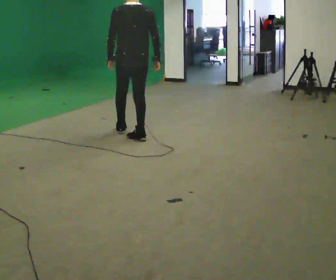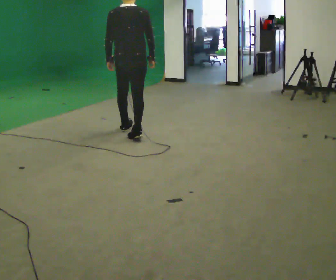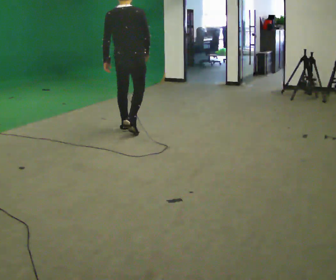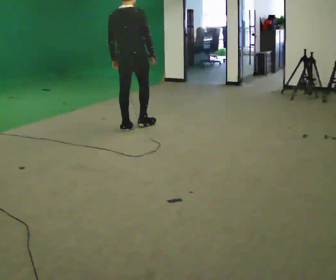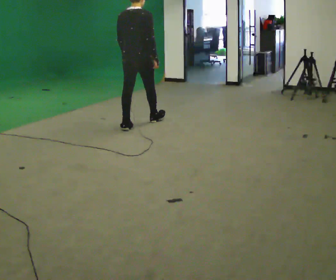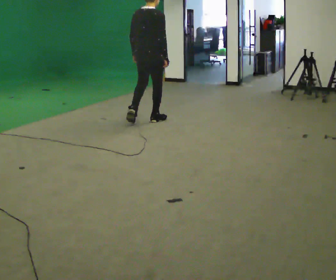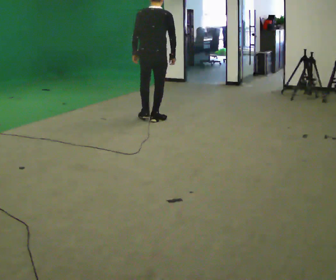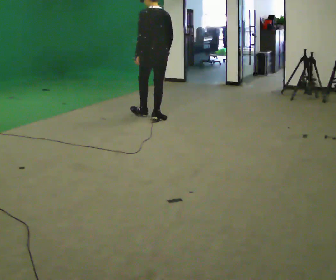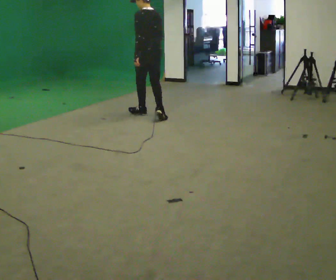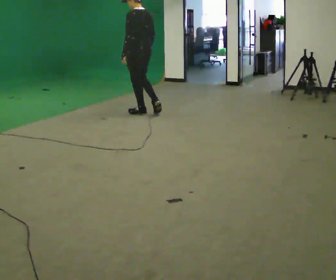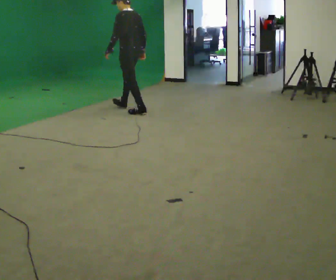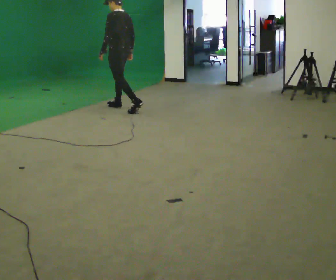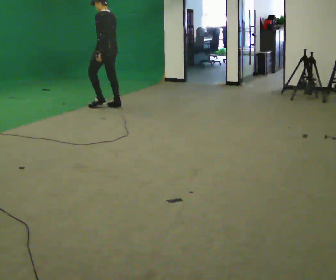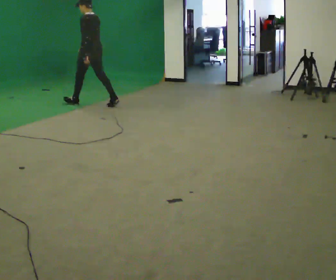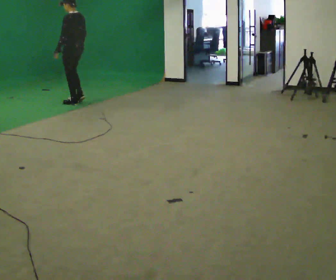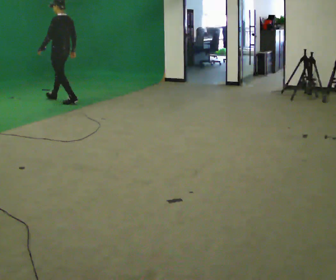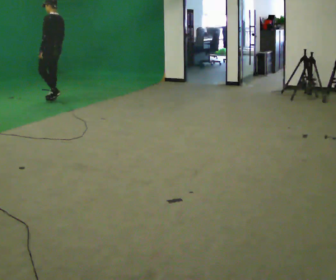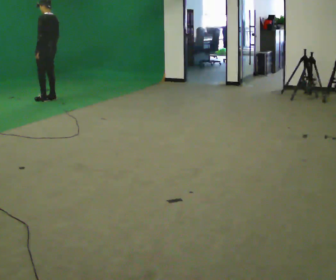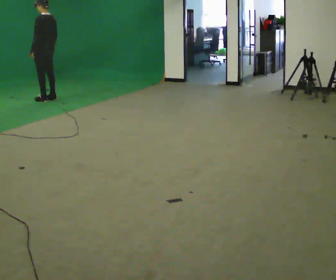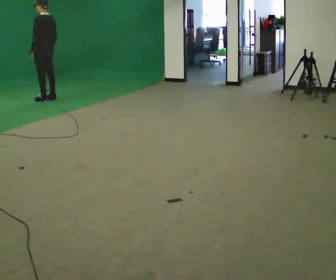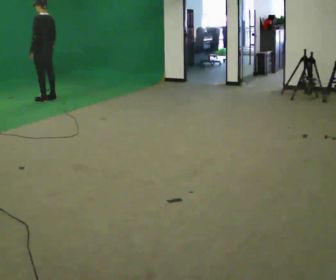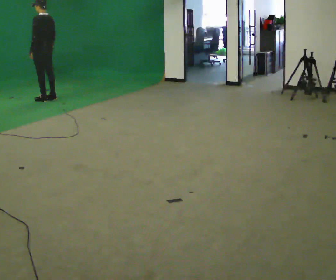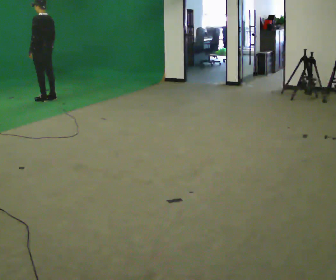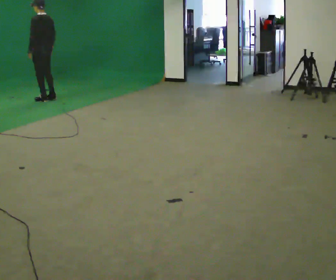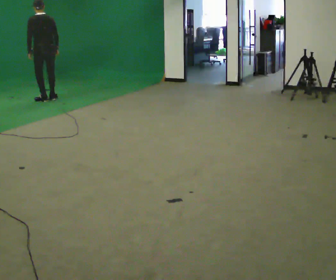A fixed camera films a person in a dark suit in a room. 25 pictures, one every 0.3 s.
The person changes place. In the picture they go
away from the camera.
0.0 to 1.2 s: The person turns about 30 degrees to their right, clockwise seen from above, so the part of the body nearest the lens slides to the left. In the picture they go away from the camera, about 0.5 m in 2 steps, which for them is forward.
1.2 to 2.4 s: Seen from above the body turns counterclockwise, about 60 degrees: to their left, with its near side sliding to the right. In the picture they go away from the camera and to the right, about 0.5 m in 1 step.
2.4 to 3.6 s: In the picture they go away from the camera and to the left, about 1 m in 1 step, which for them is forward.
3.6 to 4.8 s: In the picture they go to the left and away from the camera, about 1 m in 2 steps, which for them is forward.
4.8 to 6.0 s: In the picture they go to the left, about 0.25 m in 1 step, which for them is forward.
6.0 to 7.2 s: The part of the body nearest the lens slides to the left as the person turns to their right by about 45 degrees.
The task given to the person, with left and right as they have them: Walk normally; turn left/right while slowing; after turn accelerate back to normal.
The film runs forward here.
